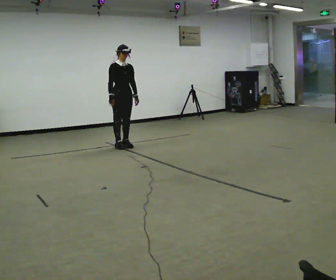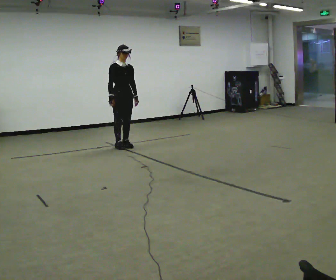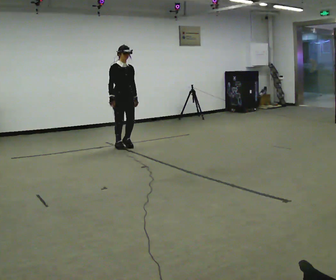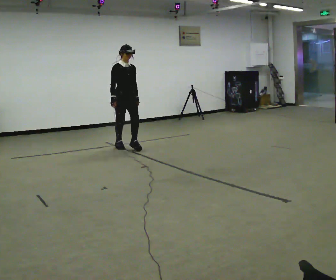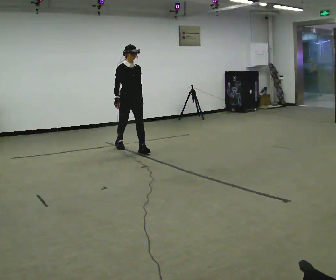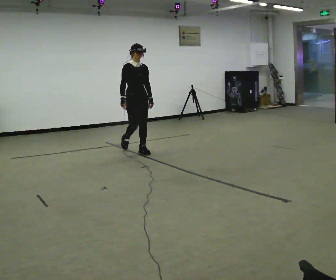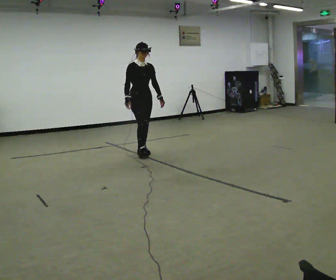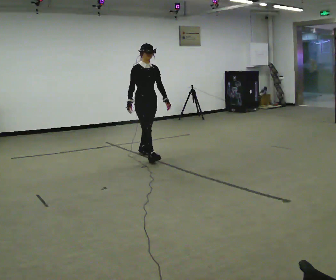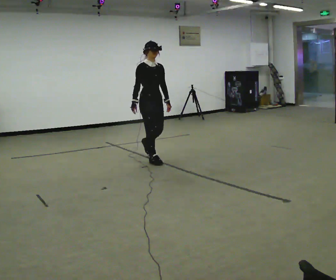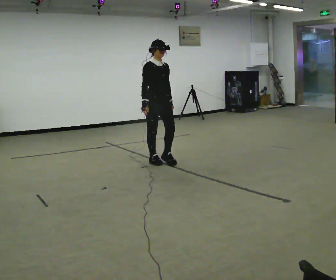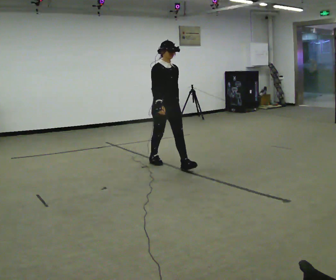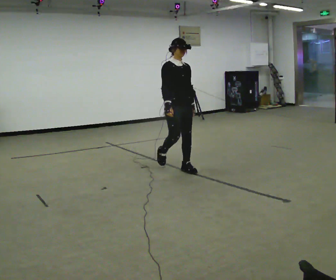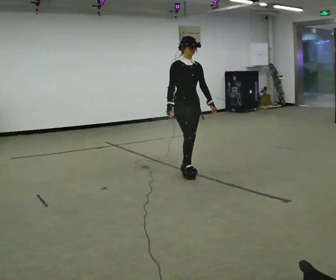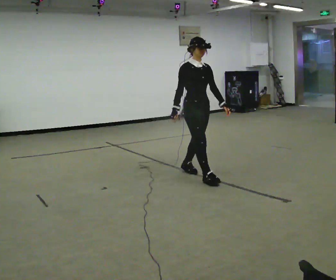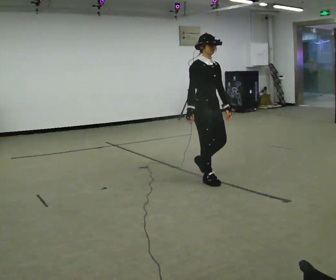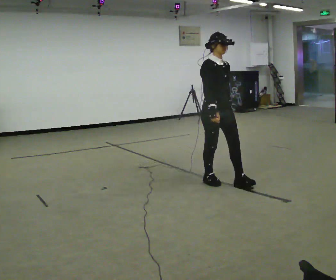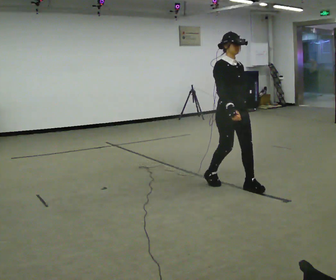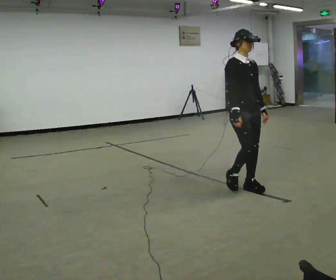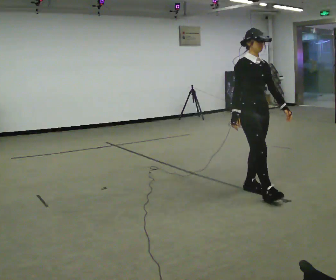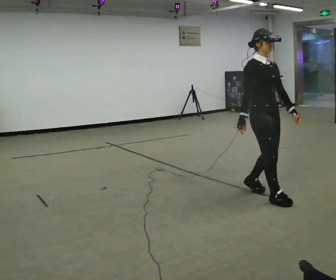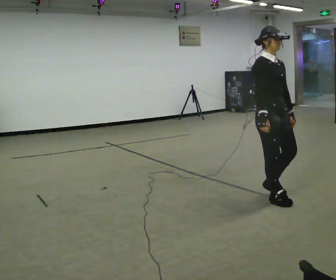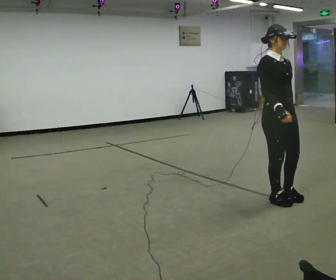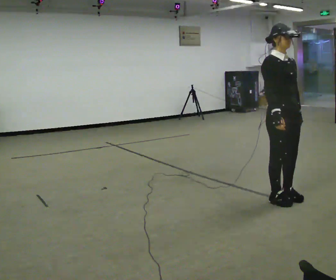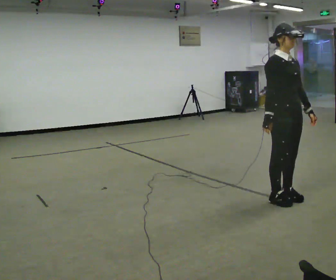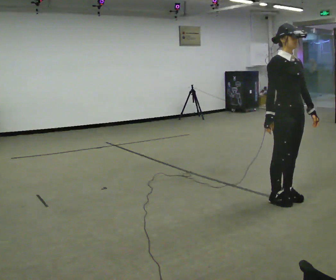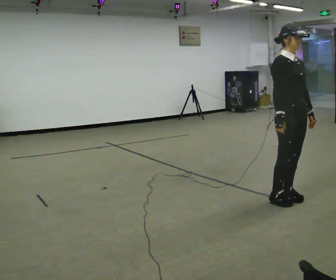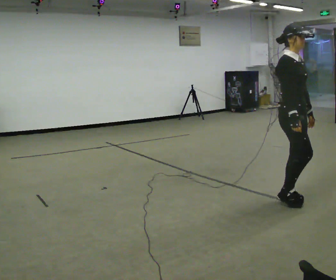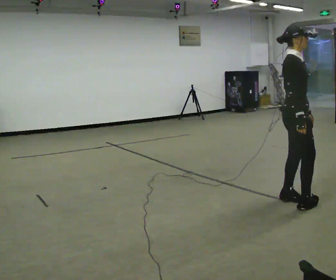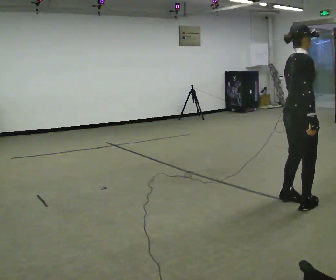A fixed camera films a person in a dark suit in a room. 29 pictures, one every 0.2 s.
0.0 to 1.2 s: In the picture they go toward the camera and to the right, about 0.5 m in 1 step, which for them is forward.
1.2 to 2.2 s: In the picture they go toward the camera and to the right, about 1 m in 2 steps, which for them is forward.
2.2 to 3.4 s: In the picture they go toward the camera and to the right, about 1 m in 2 steps, which for them is forward.
3.4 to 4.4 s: In the picture they go toward the camera and to the right, about 0.5 m in 2 steps, which for them is forward.
4.4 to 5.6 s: The part of the body nearest the lens slides to the right as the person turns to their left by about 75 degrees. In the picture they go toward the camera, about 0.25 m in 1 step.
The film runs forward here.
